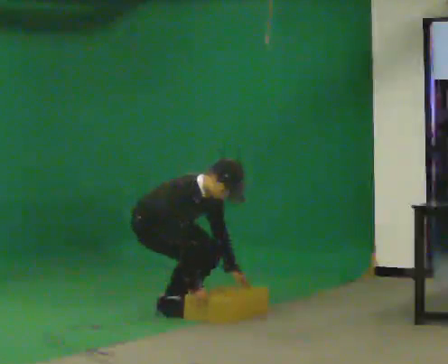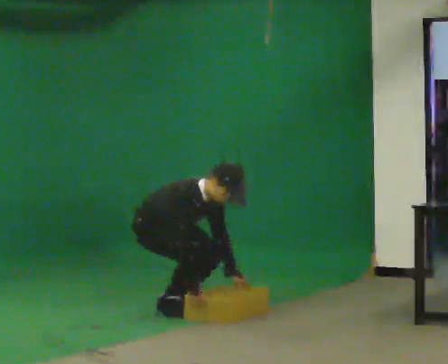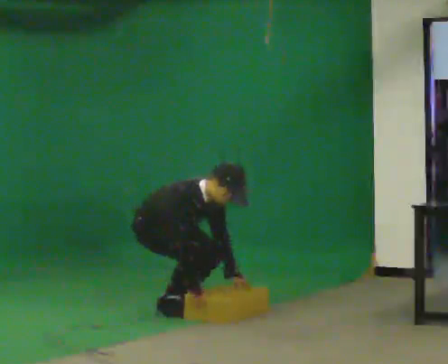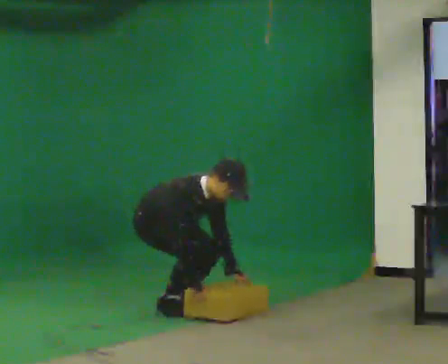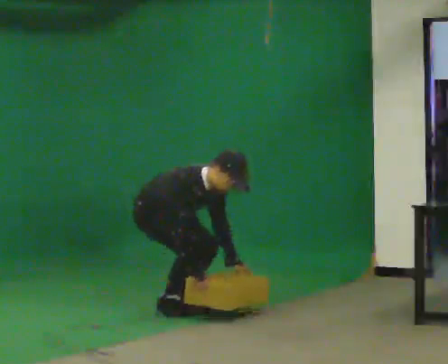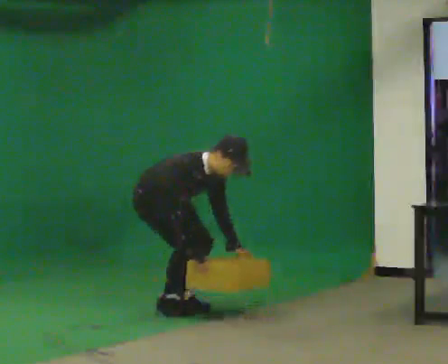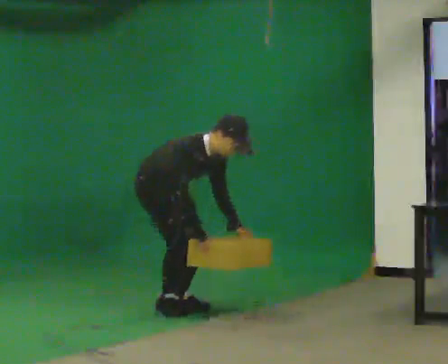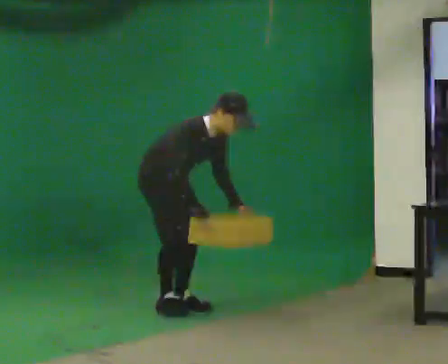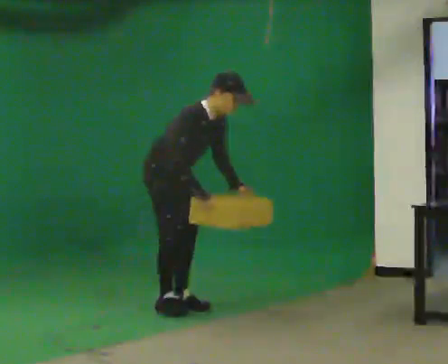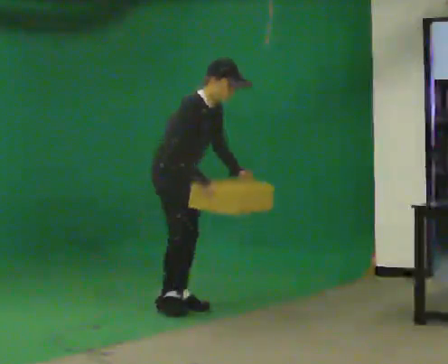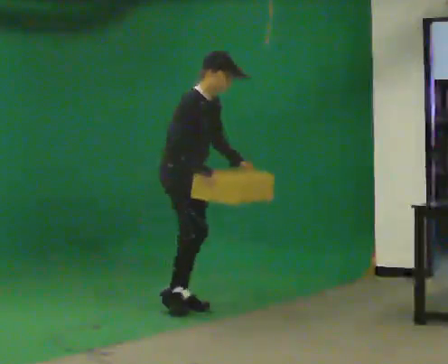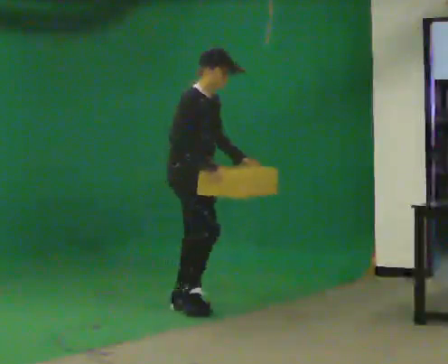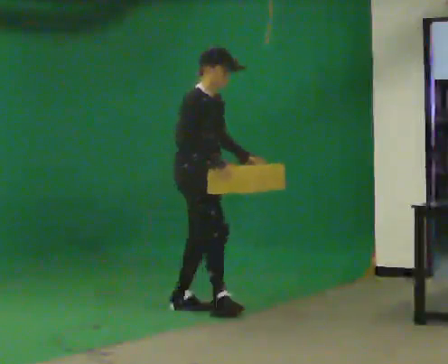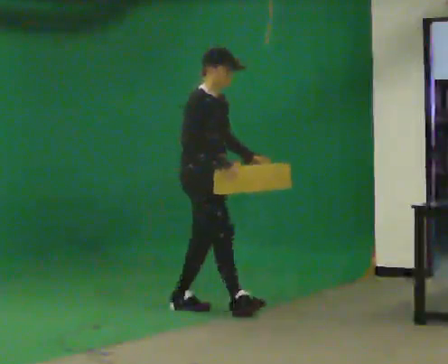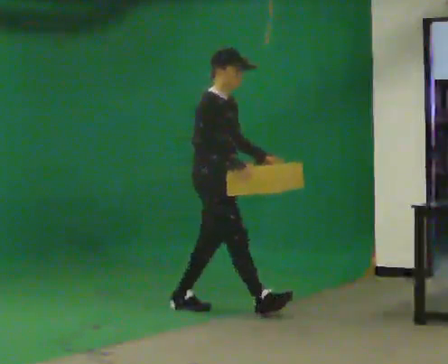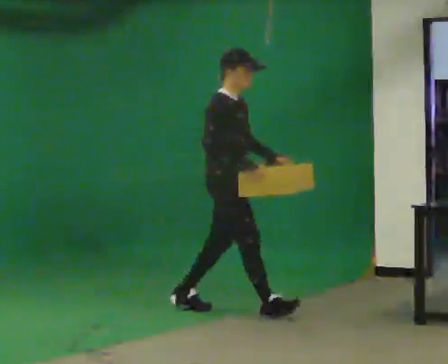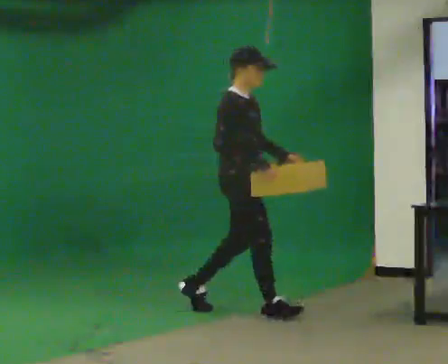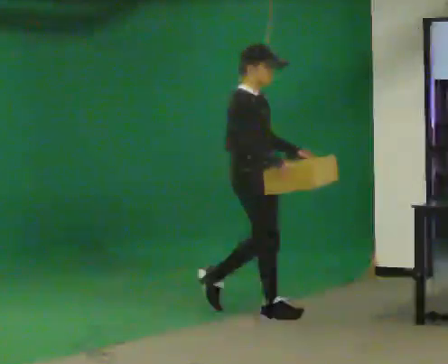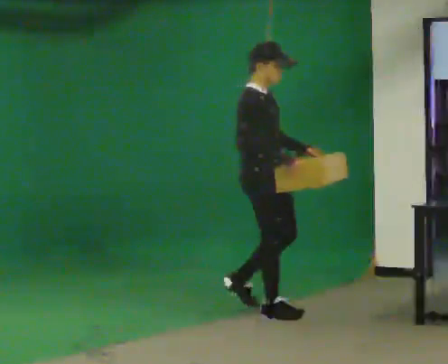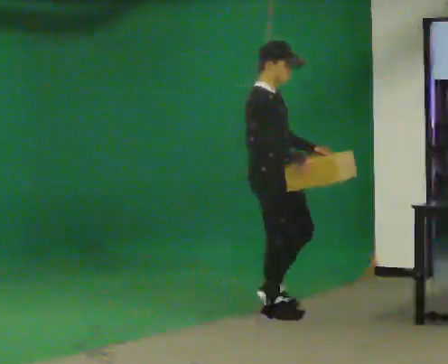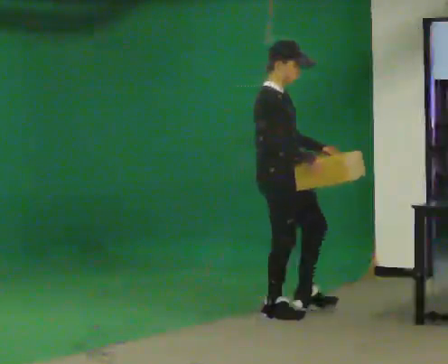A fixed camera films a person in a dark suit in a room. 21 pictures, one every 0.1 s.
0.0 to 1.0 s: In the picture they go to the right, about 0.25 m, which for them is forward. The upper body goes upward. In the picture the upper body tilts counterclockwise, shoulders to the left, as they lean back or straighten. In the picture their right hand goes upward.
1.0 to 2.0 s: In the picture they go to the right and toward the camera, about 0.75 m in 1 step, which for them is forward. In the picture the upper body tilts counterclockwise, shoulders to the left, as they lean back or straighten.
The film runs forward here.
